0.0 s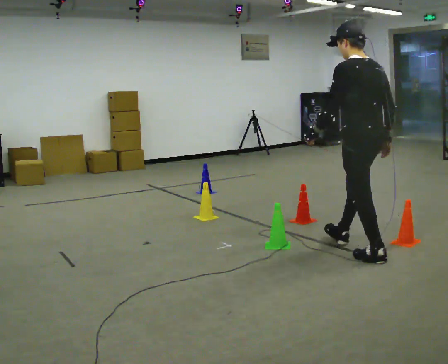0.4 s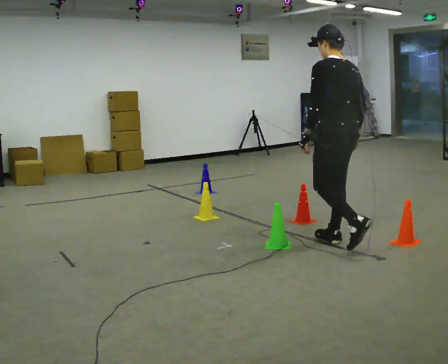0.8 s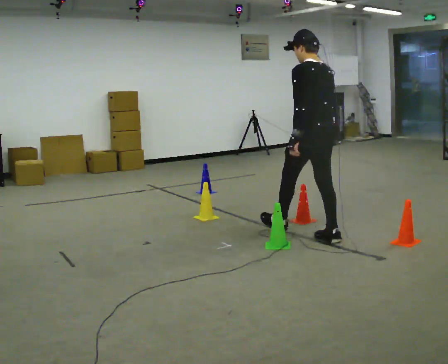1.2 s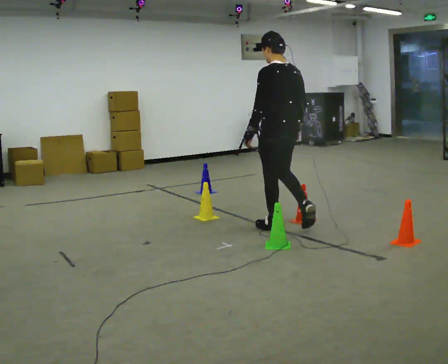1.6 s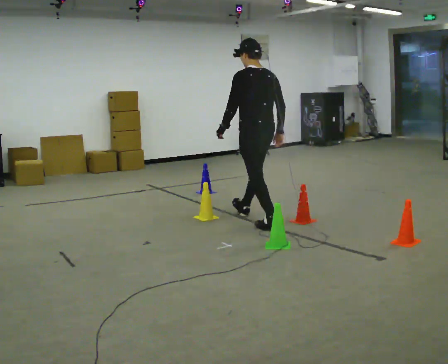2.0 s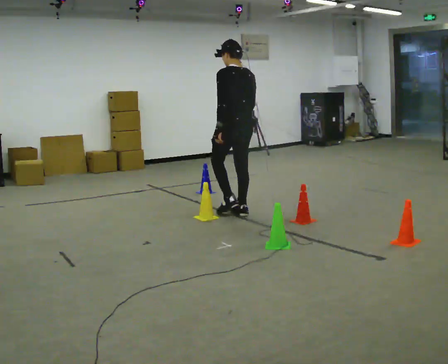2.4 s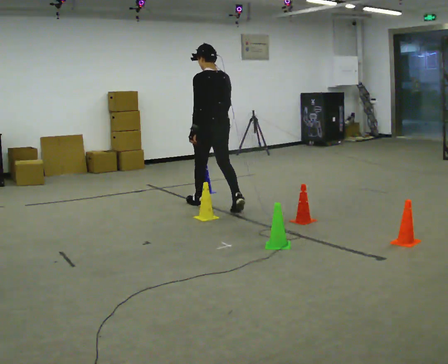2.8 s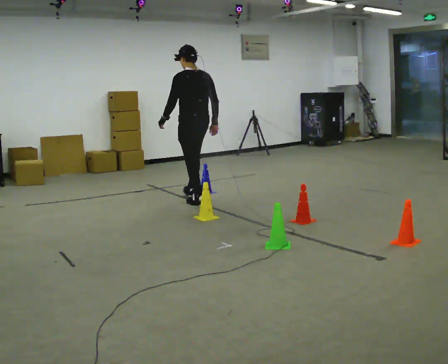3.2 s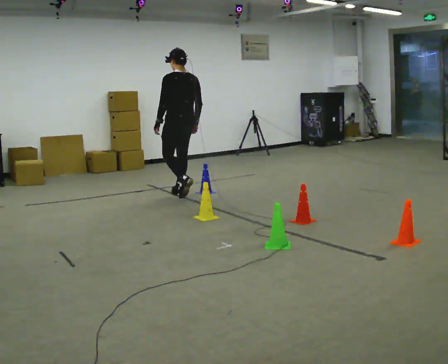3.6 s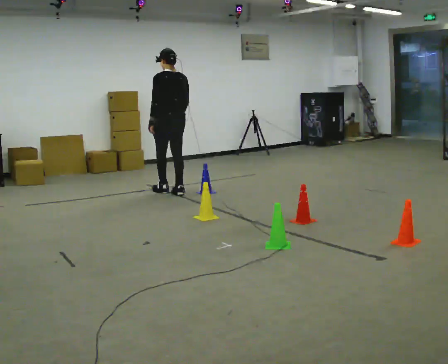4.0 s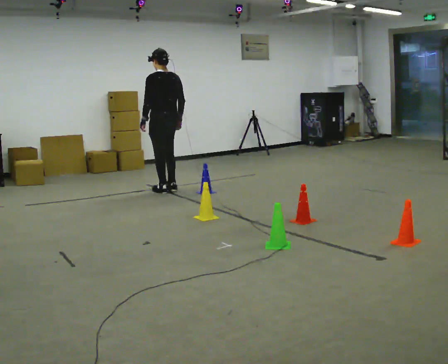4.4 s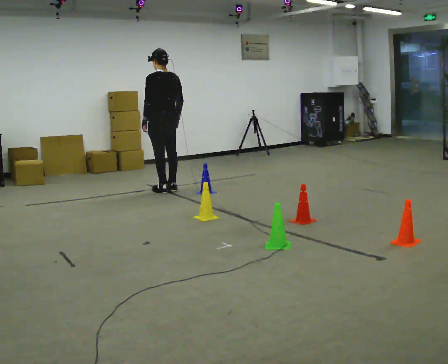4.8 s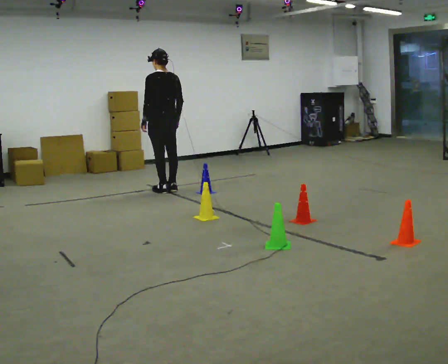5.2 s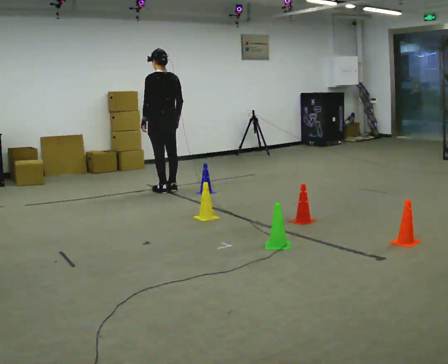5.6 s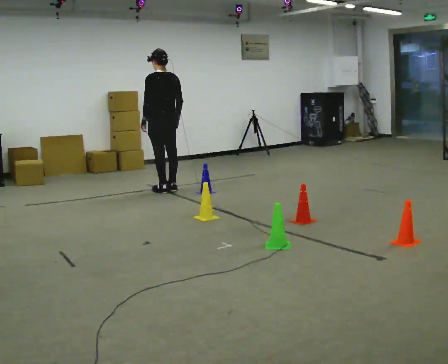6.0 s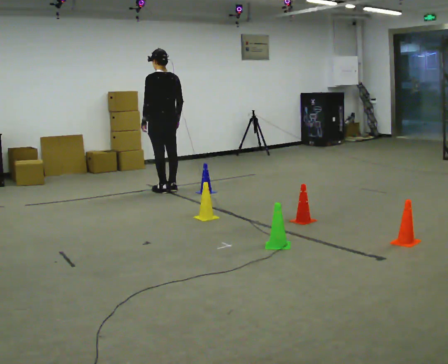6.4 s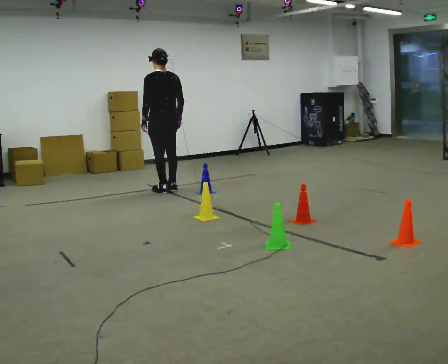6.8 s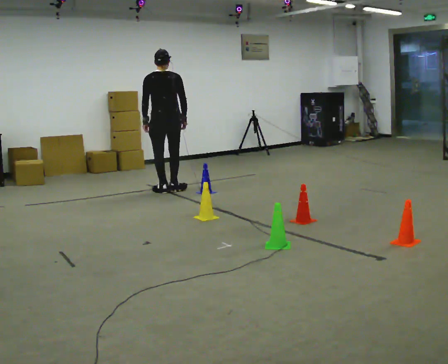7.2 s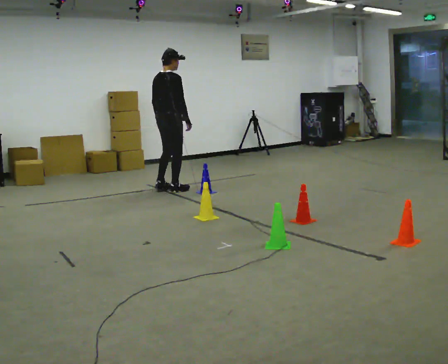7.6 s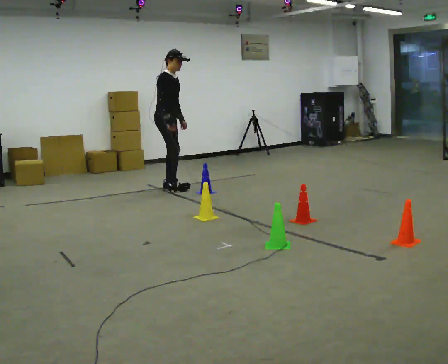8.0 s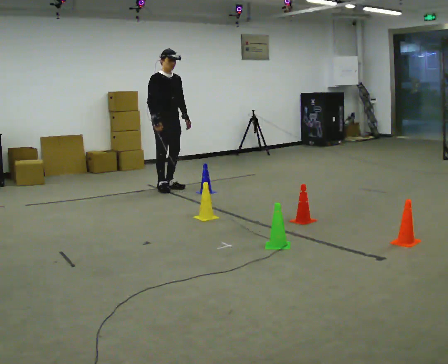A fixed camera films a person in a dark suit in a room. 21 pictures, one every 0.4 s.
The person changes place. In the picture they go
away from the camera.
0.0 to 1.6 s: In the picture they go away from the camera and to the left, about 1.5 m in 2 steps, which for them is forward.
1.6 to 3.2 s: In the picture they go away from the camera and to the left, about 1.5 m in 3 steps, which for them is forward.
3.2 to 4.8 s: In the picture they go away from the camera and to the left, about 0.5 m in 2 steps, which for them is forward.
4.8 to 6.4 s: The person moves a little, or ends about where they began.
6.4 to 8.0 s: The part of the body nearest the lens slides to the left as the person turns to their right by about 165 degrees. In the picture their left hand goes to the right, the arm swinging counterclockwise.
The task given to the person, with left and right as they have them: Walk through passage without touching sides; continue normally after exit.
The film runs forward here.
